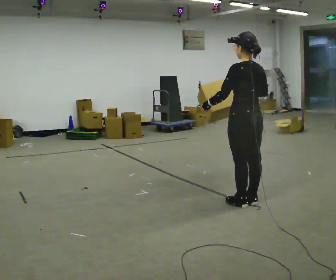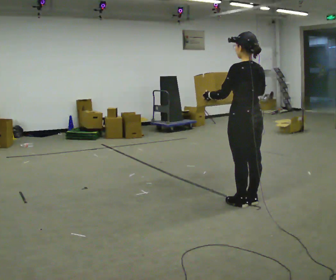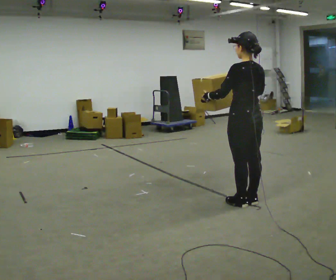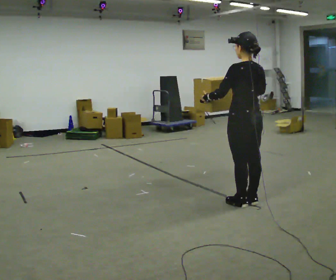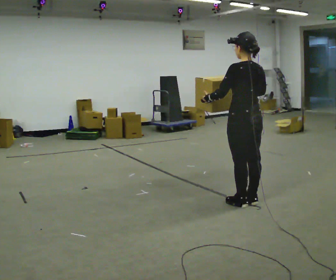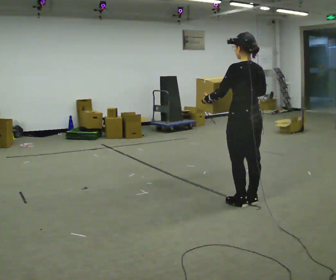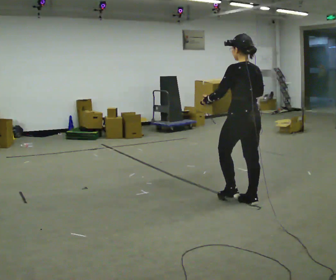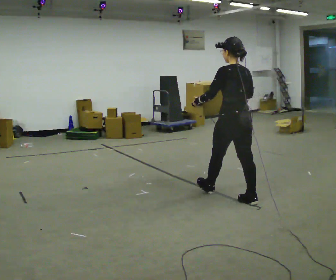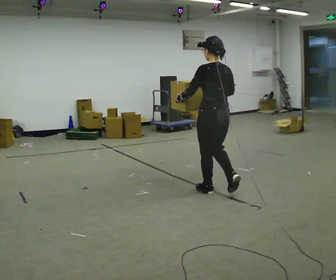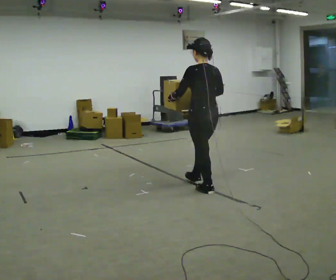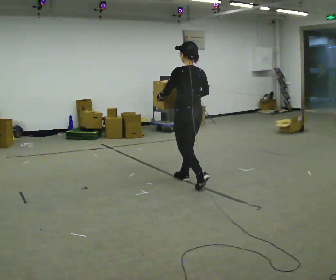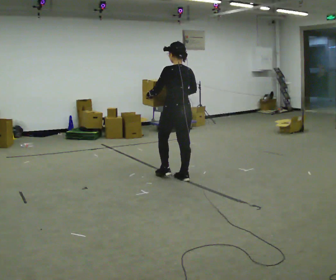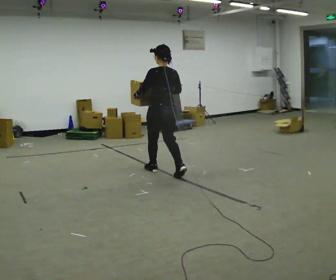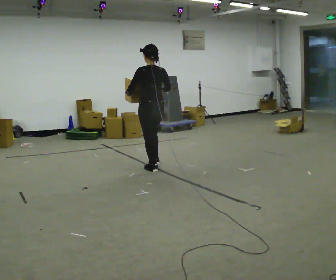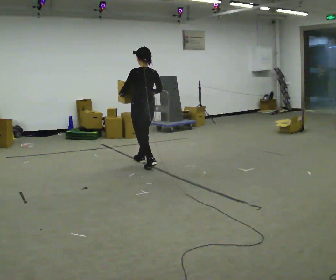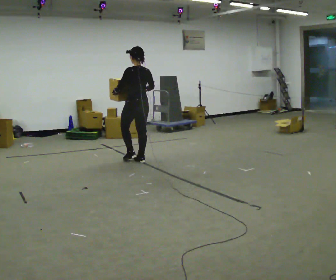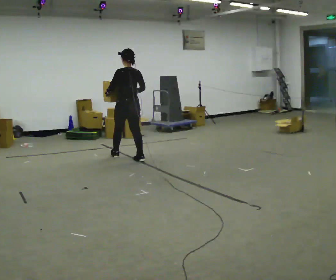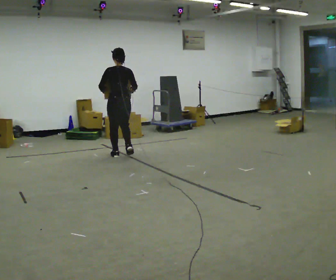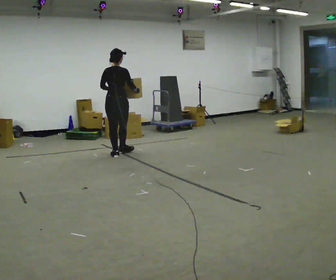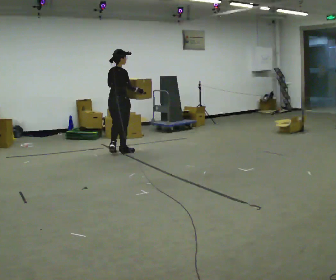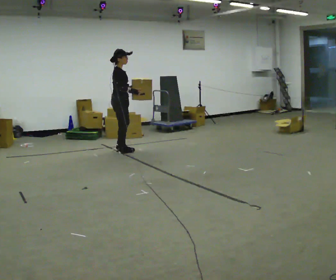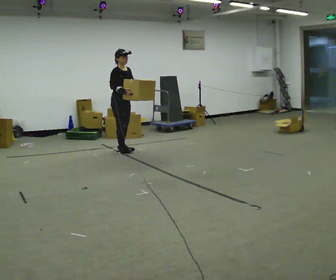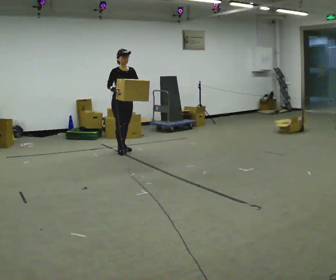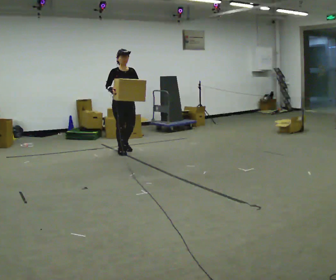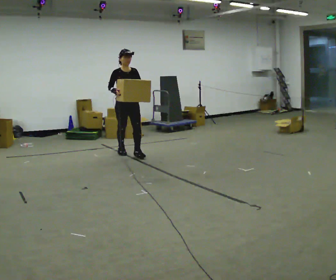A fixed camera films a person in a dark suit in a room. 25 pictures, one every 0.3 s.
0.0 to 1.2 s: The person moves a little, or ends about where they began.
1.2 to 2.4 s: In the picture they go away from the camera and to the left, about 0.5 m in 1 step, which for them is forward.
2.4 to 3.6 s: In the picture they go away from the camera and to the left, about 1 m in 2 steps, which for them is forward.
3.6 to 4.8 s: In the picture they go away from the camera and to the left, about 1 m in 2 steps, which for them is forward.
4.8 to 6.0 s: The part of the body nearest the lens slides to the left as the person turns to their right by about 120 degrees. In the picture they go away from the camera and to the left, about 0.5 m in 1 step.
6.0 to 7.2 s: Seen from above the body turns clockwise, about 75 degrees: to their right, with its near side sliding to the left. In the picture they go toward the camera, about 0.25 m in 1 step.
The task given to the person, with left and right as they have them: Carry the heavy box in both hands in front of you, walking back and forth across the room. Keep walking until the operator says stop. Set it down if you need a rest.
The film runs forward here.
